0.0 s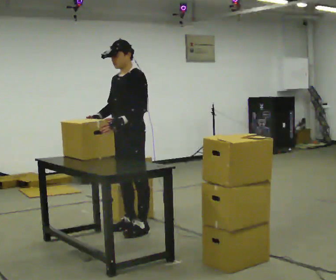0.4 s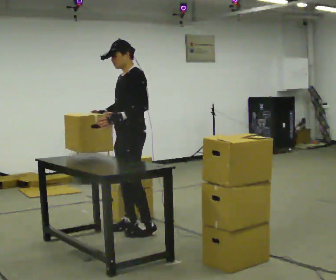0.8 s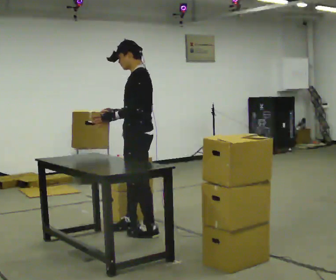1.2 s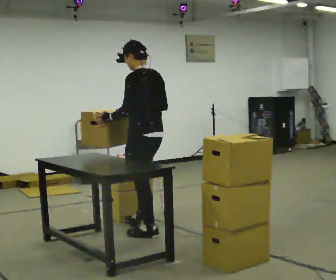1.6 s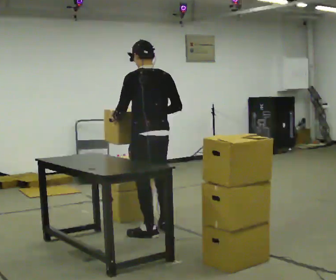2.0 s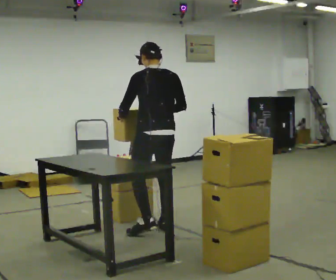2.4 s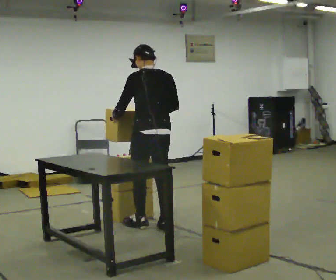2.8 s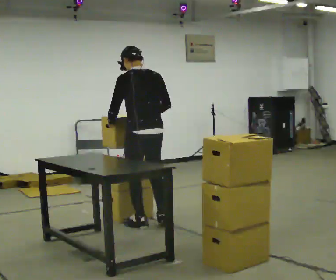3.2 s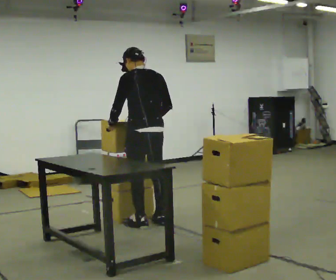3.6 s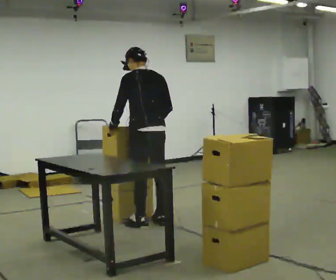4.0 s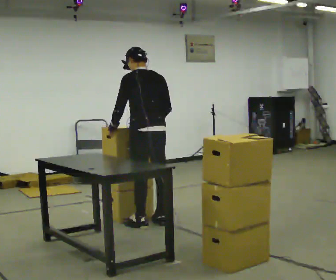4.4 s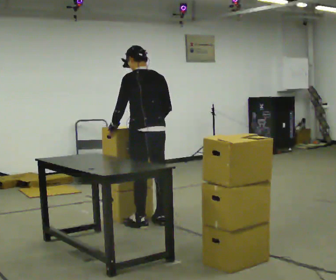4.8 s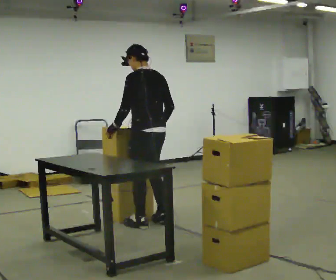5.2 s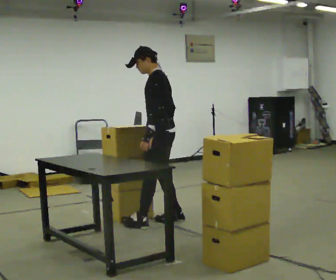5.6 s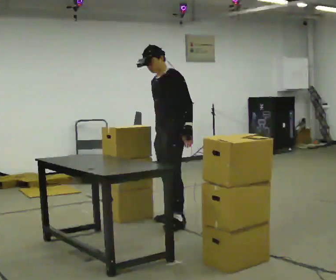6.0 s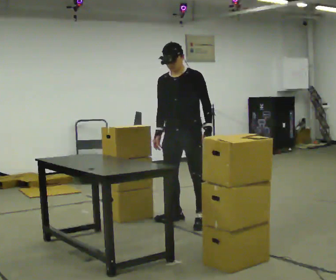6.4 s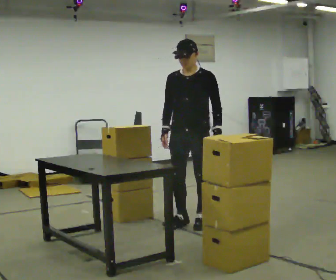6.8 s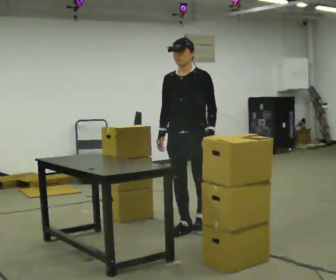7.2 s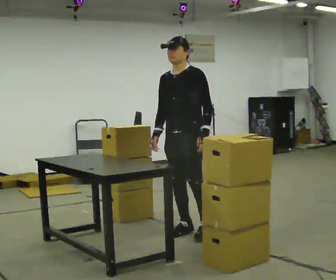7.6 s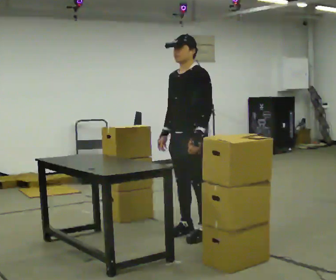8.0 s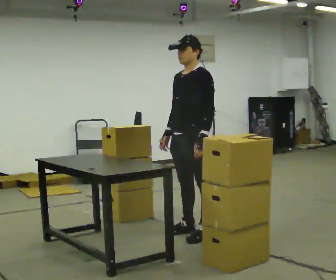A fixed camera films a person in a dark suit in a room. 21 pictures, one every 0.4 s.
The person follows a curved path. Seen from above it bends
clockwise.
0.0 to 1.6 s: The part of the body nearest the lens slides to the left as the person turns to their right by about 90 degrees. In the picture they go to the right and toward the camera, about 0.25 m in 2 steps.
1.6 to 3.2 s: In the picture they go away from the camera, about 0.25 m in 2 steps, which for them is forward.
3.2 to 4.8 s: The person moves a little, or ends about where they began.
4.8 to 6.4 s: Seen from above the body turns counterclockwise, about 105 degrees: to their left, with its near side sliding to the right. In the picture they go to the right, about 0.5 m in 2 steps.
6.4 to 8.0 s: The part of the body nearest the lens slides to the left as the person turns to their right by about 45 degrees. In the picture they go toward the camera, about 0.25 m in 2 steps, which for them is forward and to their left.
The film runs forward here.
